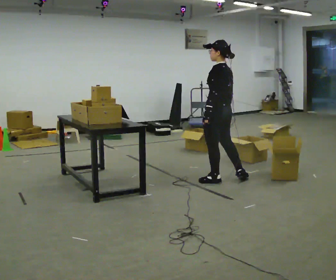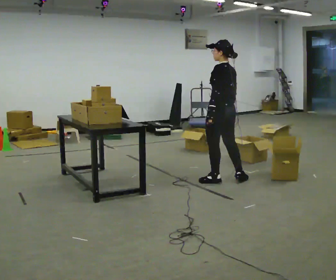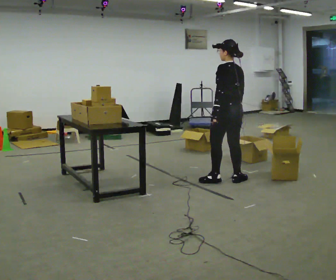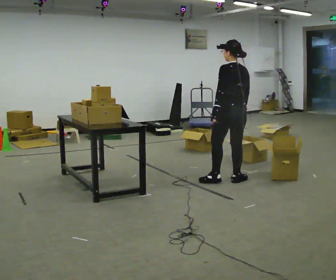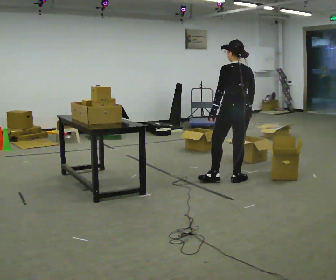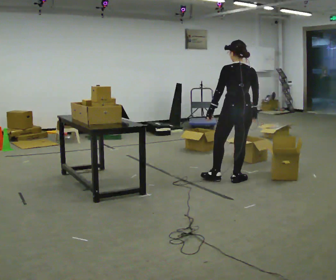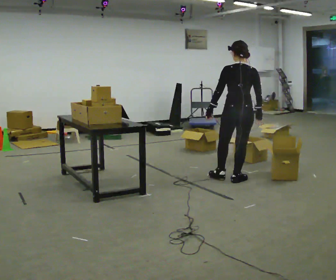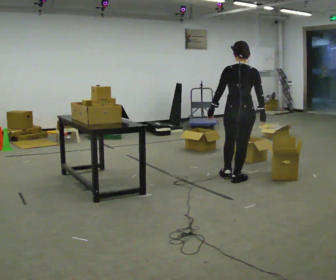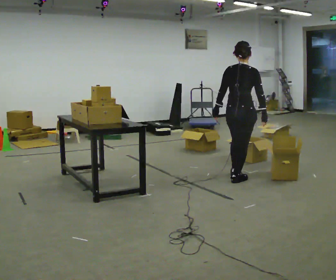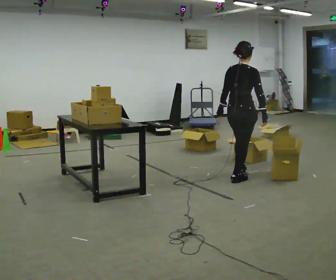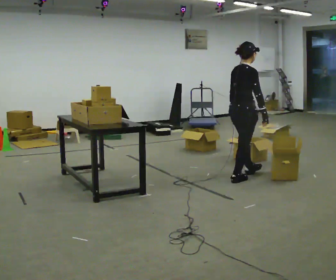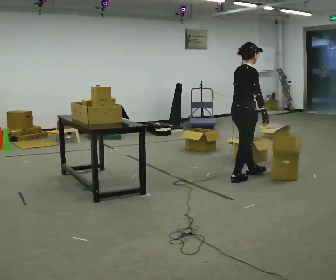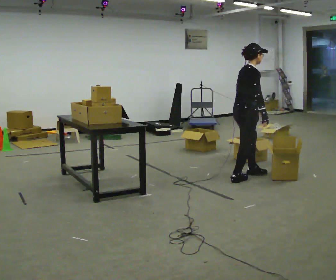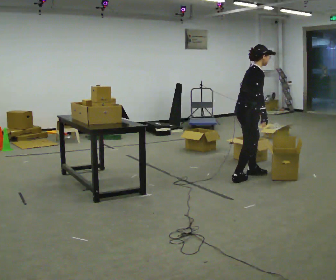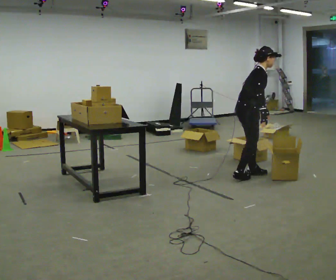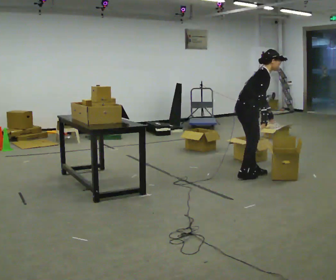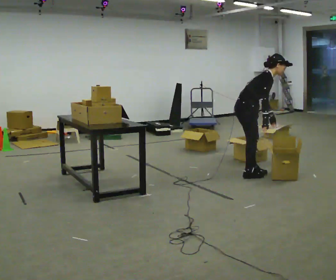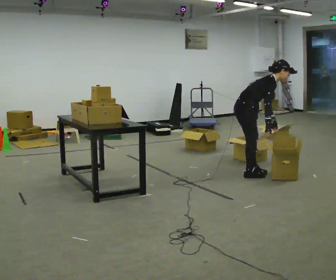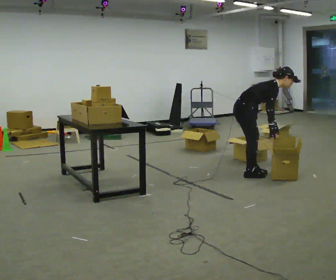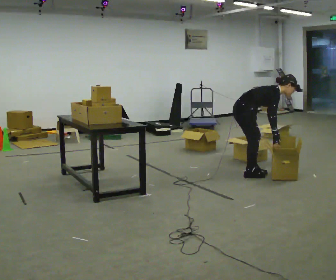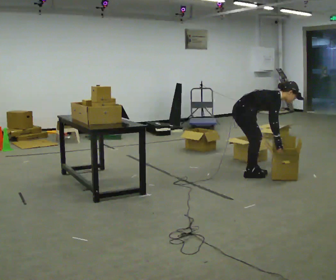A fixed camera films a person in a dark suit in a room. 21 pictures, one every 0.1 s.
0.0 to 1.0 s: Seen from above the body turns clockwise, about 120 degrees: to their right, with its near side sliding to the left. In the picture they go to the right, about 0.25 m in 1 step.
1.0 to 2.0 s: Seen from above the body turns clockwise, about 30 degrees: to their right, with its near side sliding to the left. In the picture they go away from the camera, about 0.25 m in 1 step, which for them is to their left. The shoulders move downward. In the picture the upper body tilts clockwise, shoulders to the right, as they bend forward. In the picture their left hand goes to the right and downward.
The film runs backward here.
